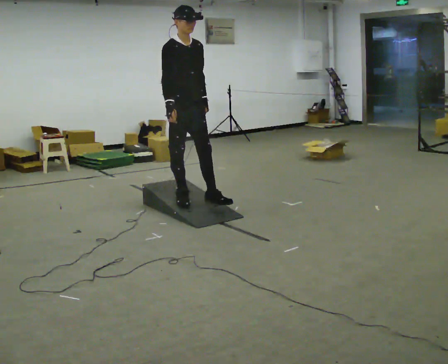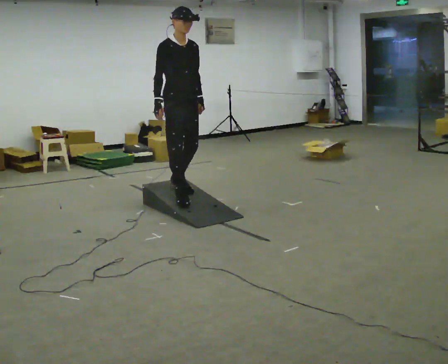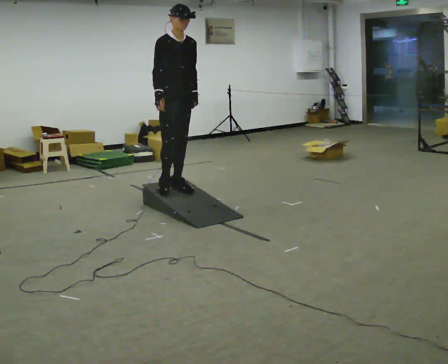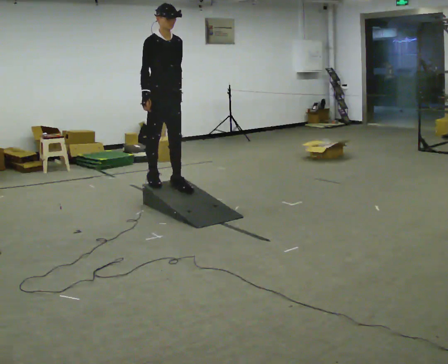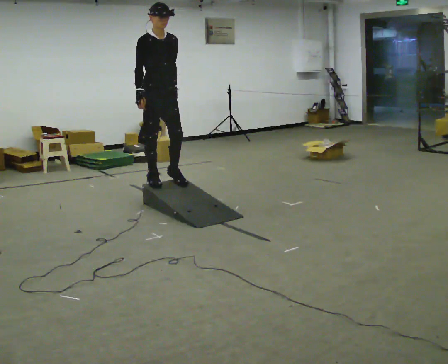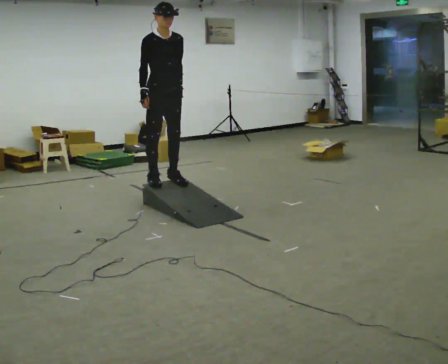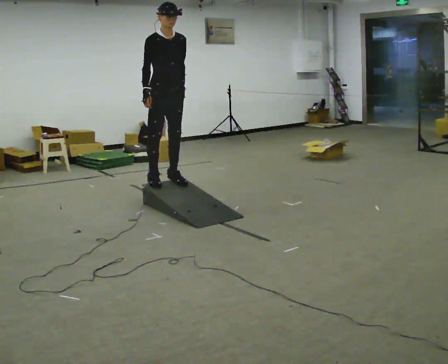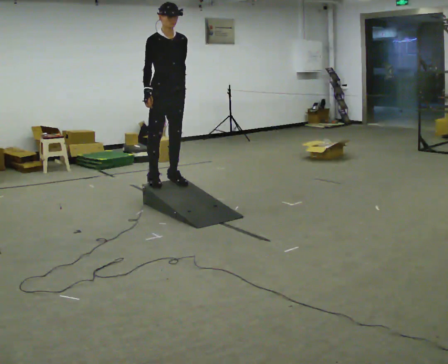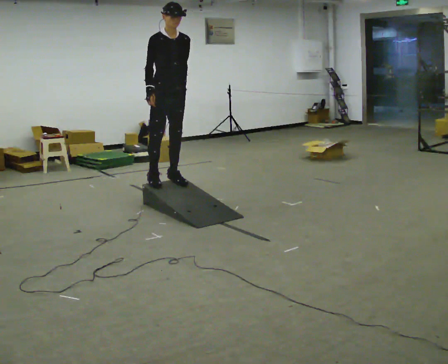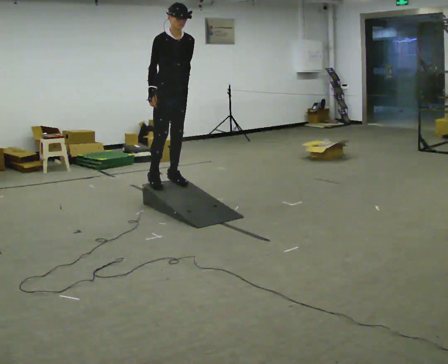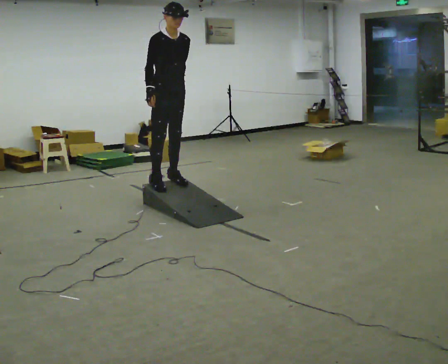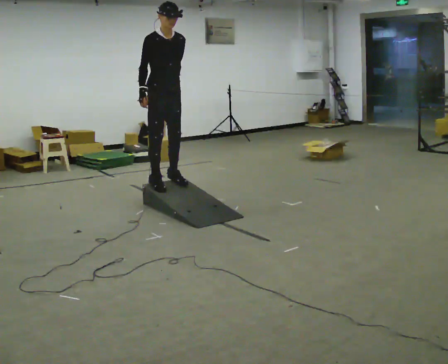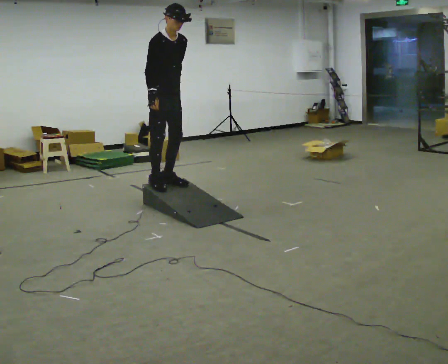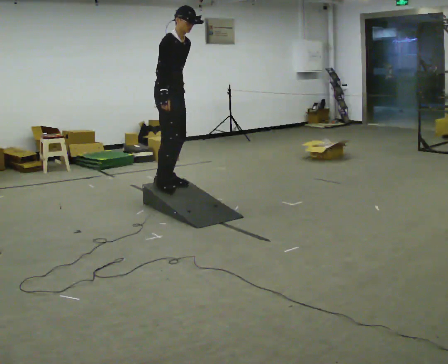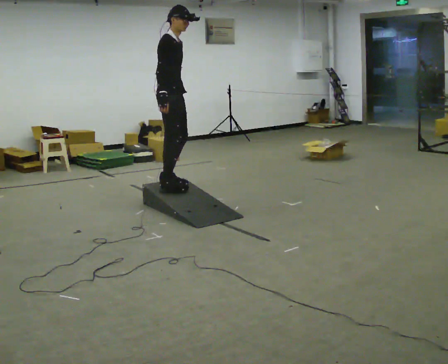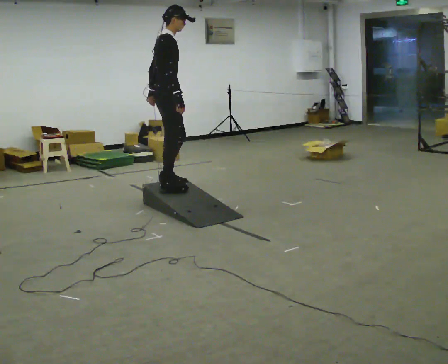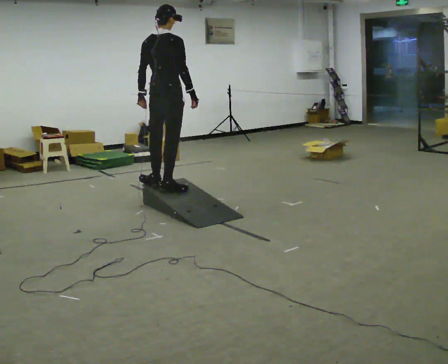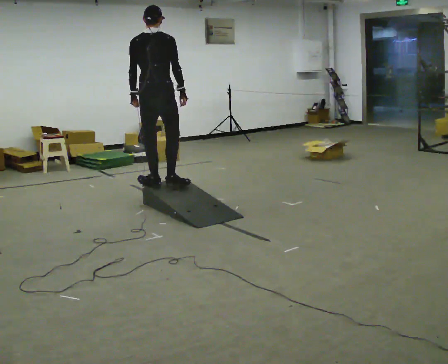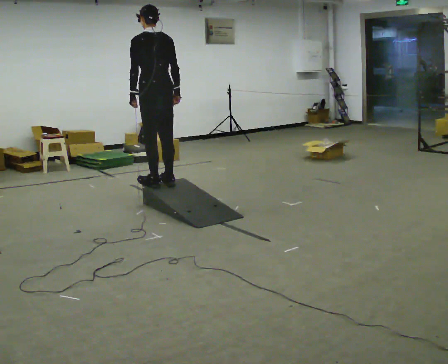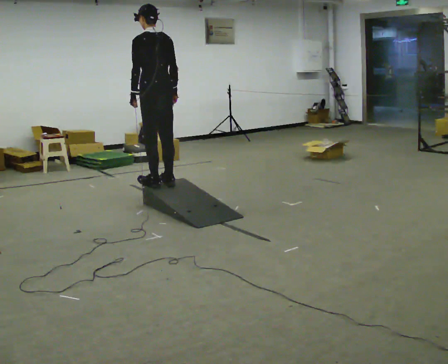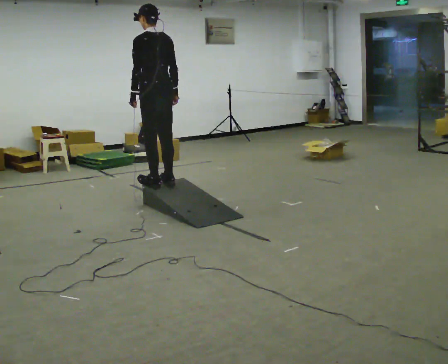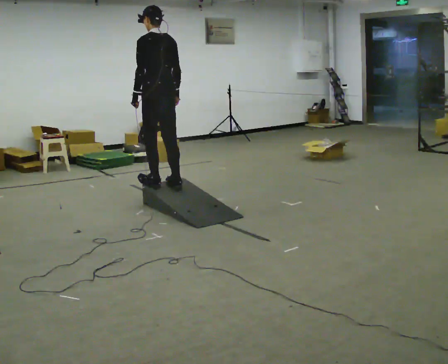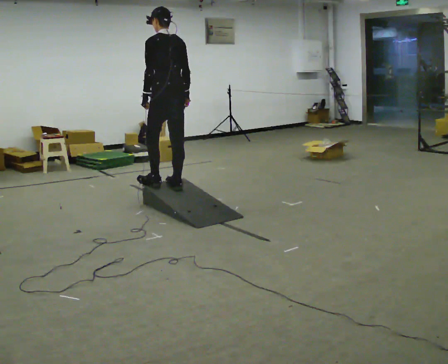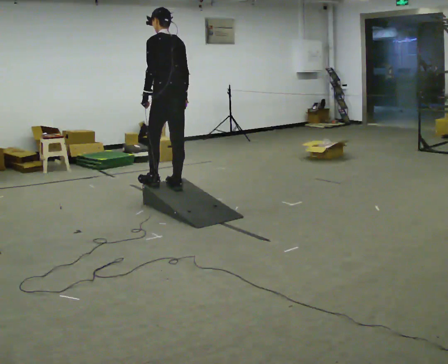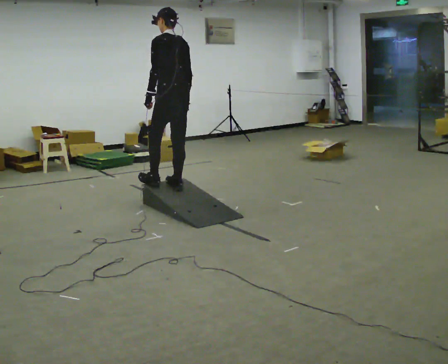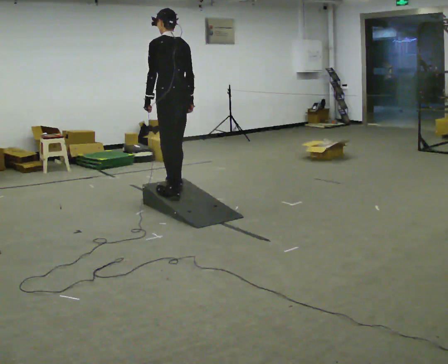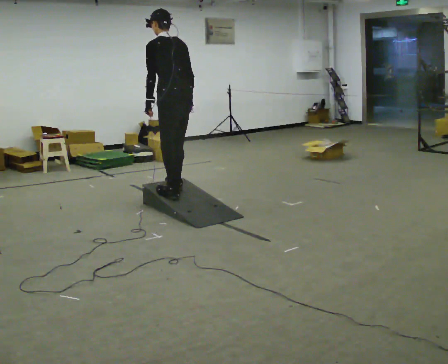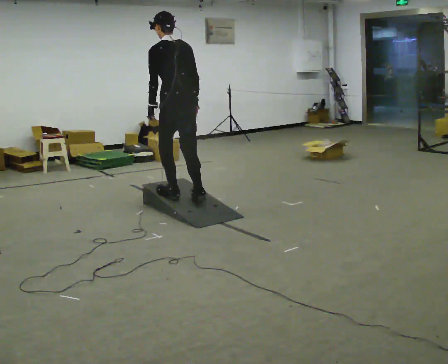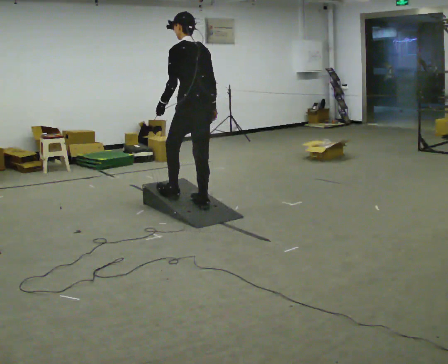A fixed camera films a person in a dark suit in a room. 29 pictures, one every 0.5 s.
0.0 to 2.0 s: In the picture they go away from the camera and to the left, about 0.5 m in 2 steps, which for them is backward.
2.0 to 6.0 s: The person moves a little, or ends about where they began.
6.0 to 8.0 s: Seen from above the body turns counterclockwise, about 105 degrees: to their left, with its near side sliding to the right. In the picture they go toward the camera, about 0.25 m in 2 steps. The upper body tips away from the camera, its near side rolling upward. In the picture their right hand goes to the right, the arm swinging counterclockwise.
8.0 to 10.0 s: The person turns about 75 degrees to their left, counterclockwise seen from above, so the part of the body nearest the lens slides to the right.
10.0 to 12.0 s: In the picture they go to the right, about 0.25 m, which for them is backward.
12.0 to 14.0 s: In the picture they go toward the camera, about 0.25 m in 2 steps, which for them is backward.
The film runs backward here.
